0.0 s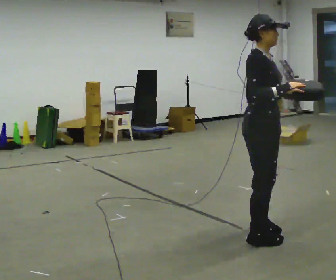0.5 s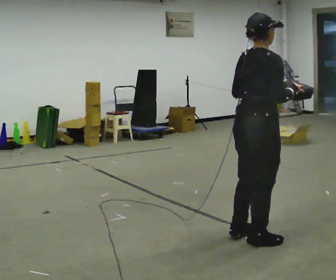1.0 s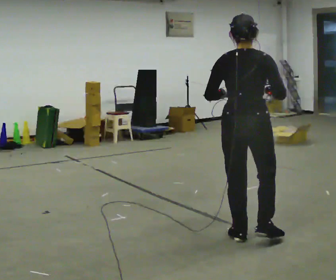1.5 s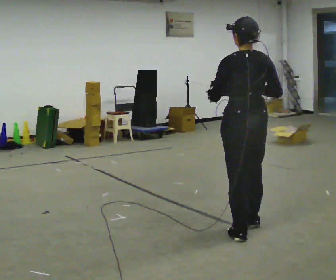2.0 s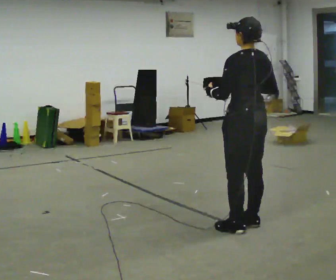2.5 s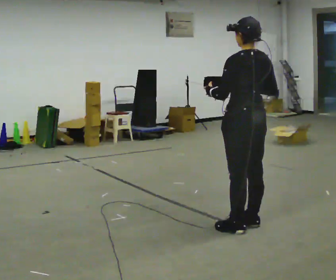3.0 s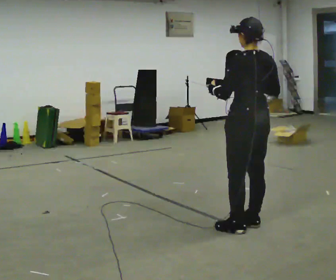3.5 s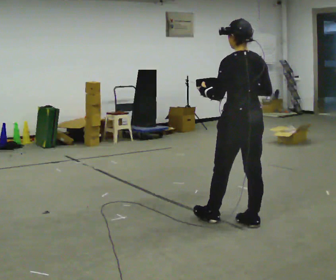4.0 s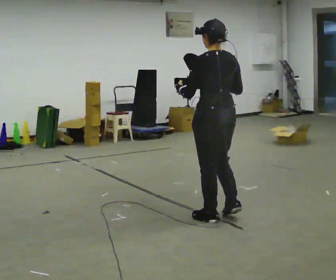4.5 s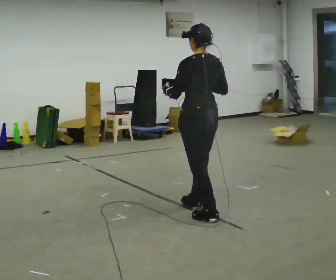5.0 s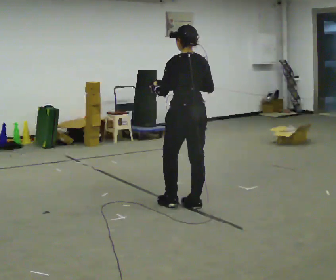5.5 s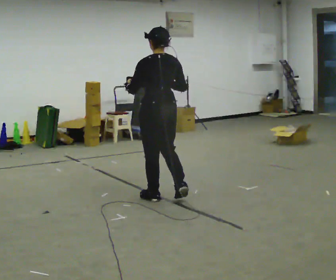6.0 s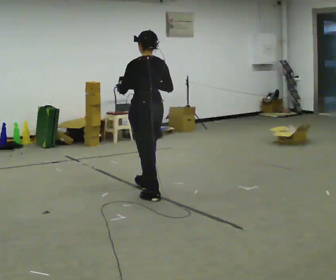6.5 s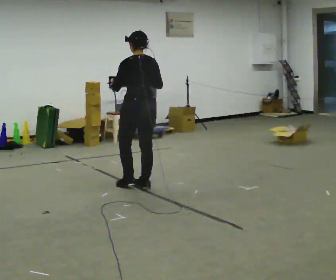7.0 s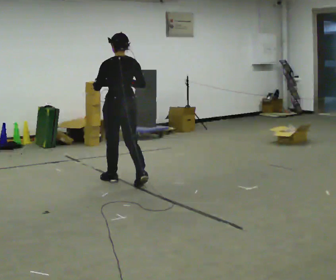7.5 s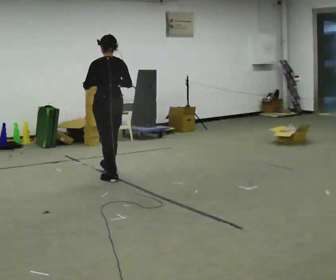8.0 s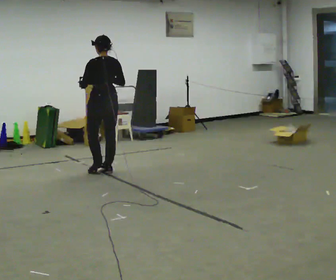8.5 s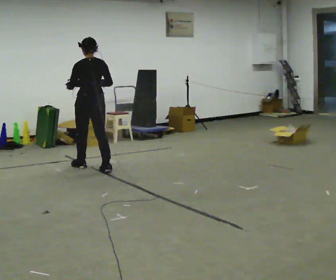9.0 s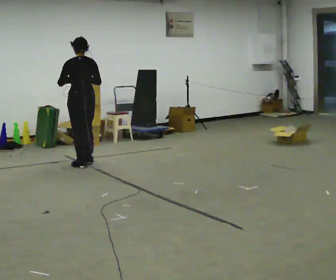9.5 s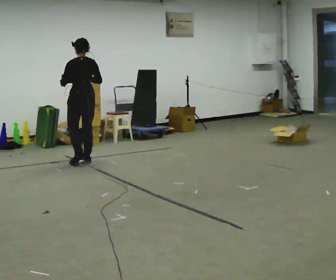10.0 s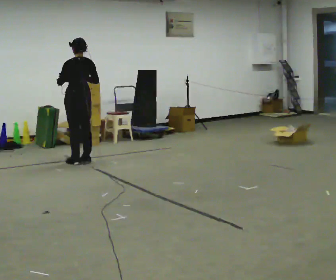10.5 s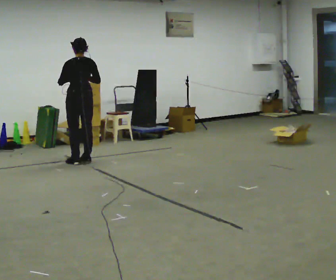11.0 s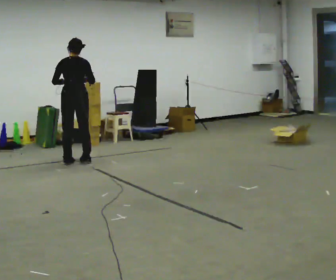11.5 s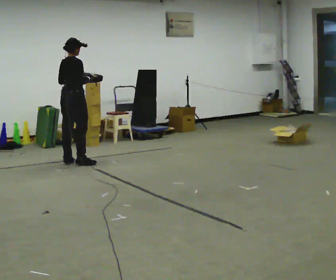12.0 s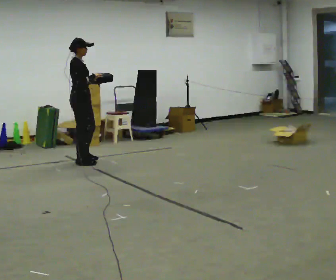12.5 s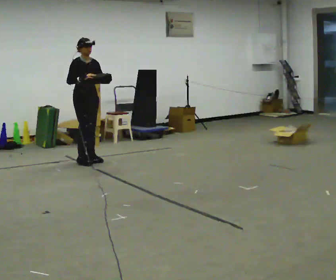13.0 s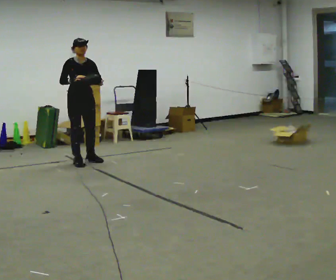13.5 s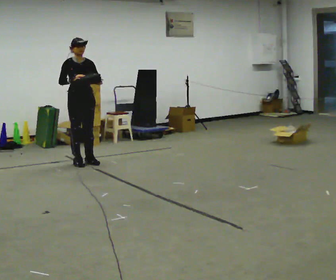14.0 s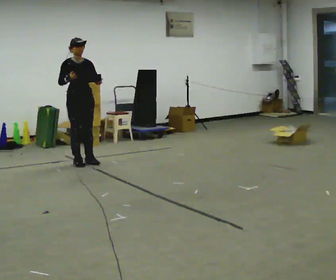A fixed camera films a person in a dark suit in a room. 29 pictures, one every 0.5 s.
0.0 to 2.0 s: The part of the body nearest the lens slides to the right as the person turns to their left by about 150 degrees. In the picture they go away from the camera, about 0.25 m in 3 steps. In the picture their left hand goes to the left.
2.0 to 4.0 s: In the picture they go away from the camera and to the left, about 0.25 m in 1 step, which for them is forward.
4.0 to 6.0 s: In the picture they go away from the camera and to the left, about 1 m in 3 steps, which for them is forward.
6.0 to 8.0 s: In the picture they go away from the camera and to the left, about 1 m in 2 steps, which for them is forward.
8.0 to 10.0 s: In the picture they go away from the camera and to the left, about 0.75 m in 3 steps, which for them is forward.
10.0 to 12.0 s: The part of the body nearest the lens slides to the left as the person turns to their right by about 120 degrees. In the picture their left hand goes to the right.
12.0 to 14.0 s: Seen from above the body turns clockwise, about 60 degrees: to their right, with its near side sliding to the left.
The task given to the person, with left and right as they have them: Carry the lidded box and, while you are still walking, open the lid, then close it again. Repeat as you walk back and forth. Do not stop to do it.
The film runs forward here.
